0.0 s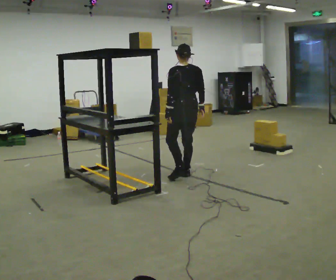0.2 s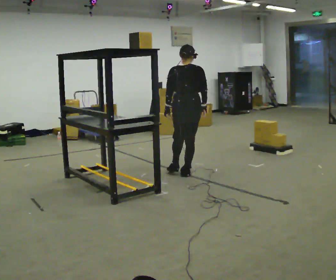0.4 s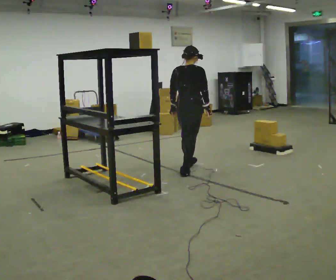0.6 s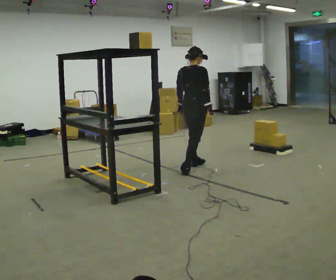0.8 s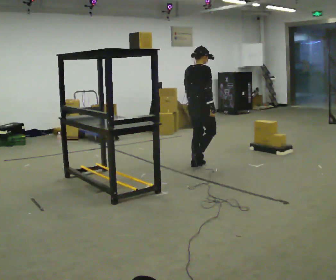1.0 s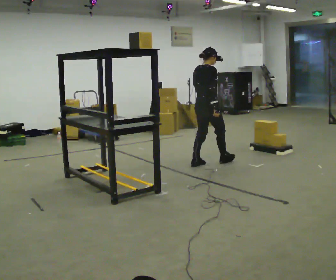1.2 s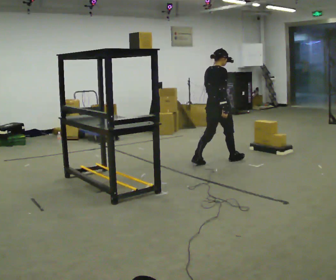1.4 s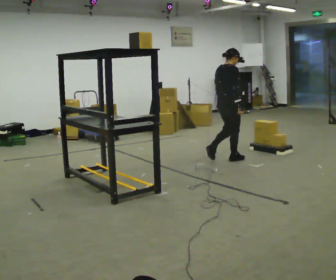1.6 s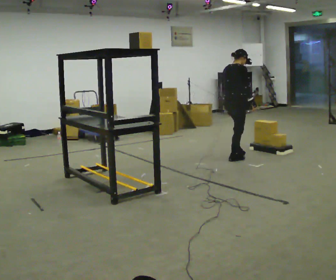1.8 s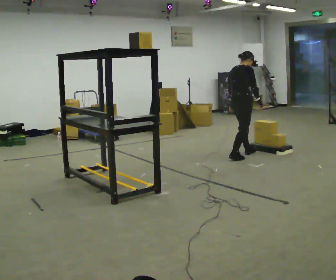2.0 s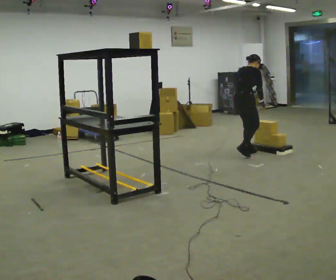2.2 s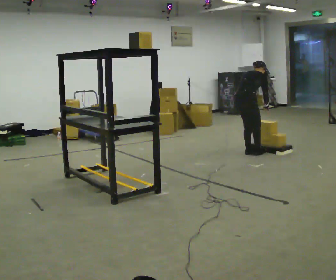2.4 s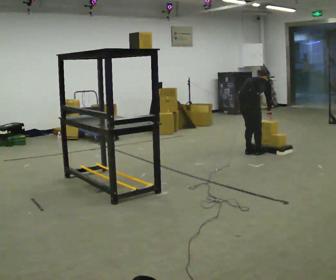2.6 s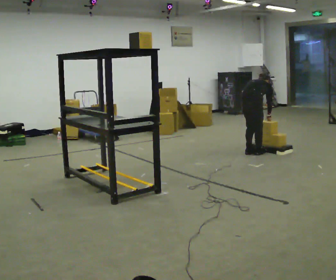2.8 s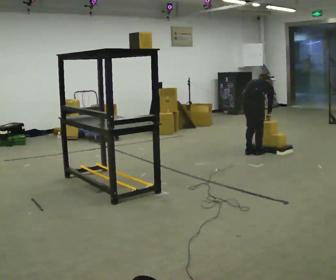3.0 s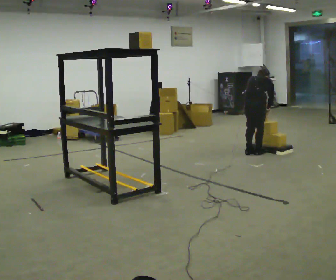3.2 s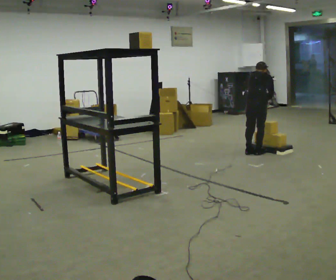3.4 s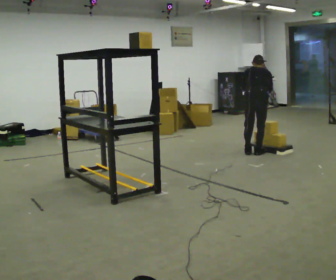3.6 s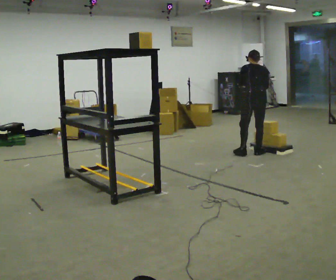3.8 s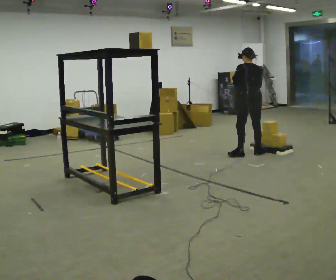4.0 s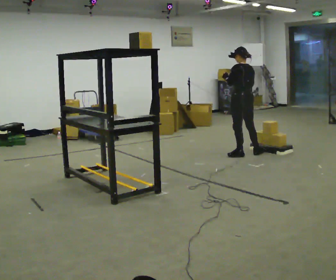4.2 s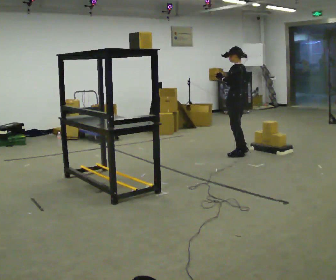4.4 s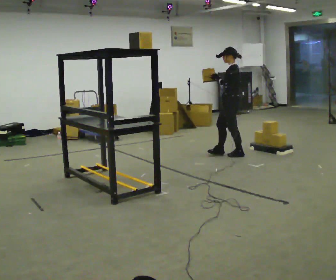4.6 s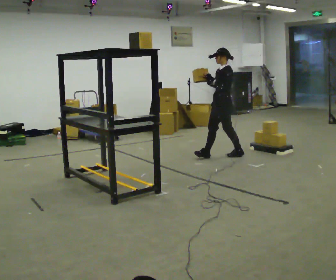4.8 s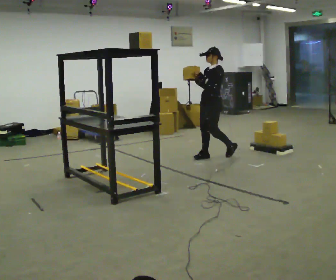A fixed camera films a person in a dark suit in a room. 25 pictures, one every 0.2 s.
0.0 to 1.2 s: Seen from above the body turns clockwise, about 75 degrees: to their right, with its near side sliding to the left. In the picture they go away from the camera and to the right, about 0.75 m in 2 steps.
1.2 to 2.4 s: In the picture they go to the right and away from the camera, about 0.5 m in 2 steps, which for them is forward. The shoulders move downward. The upper body tips away from the camera, its near side rolling upward, as they bend forward.
2.4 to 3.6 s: The person turns about 45 degrees to their left, counterclockwise seen from above, so the part of the body nearest the lens slides to the right. The shoulders move upward. In the picture the upper body tilts counterclockwise, shoulders to the left, as they lean back or straighten. In the picture their right hand goes upward.
3.6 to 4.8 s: The person turns about 105 degrees to their left, counterclockwise seen from above, so the part of the body nearest the lens slides to the right. In the picture they go to the left, about 0.5 m in 1 step. The upper body tips toward the camera, its near side rolling downward, as they lean back or straighten.
The film runs forward here.
